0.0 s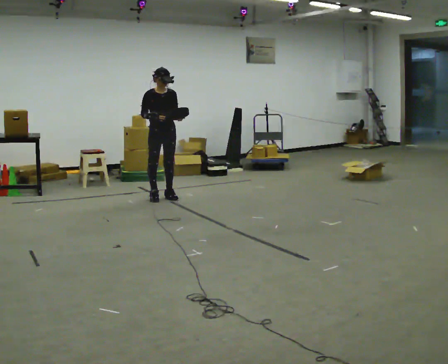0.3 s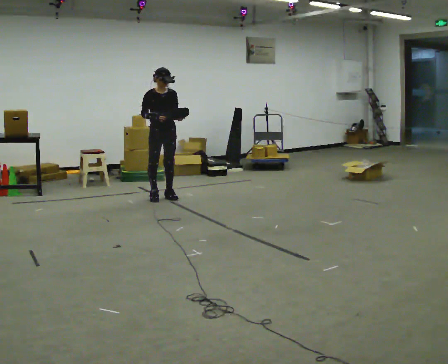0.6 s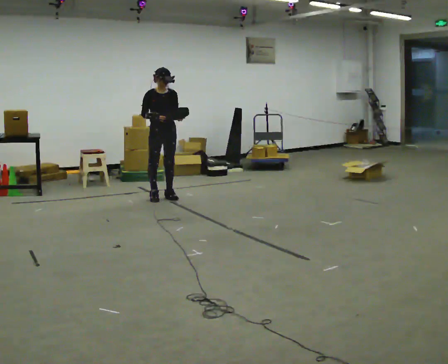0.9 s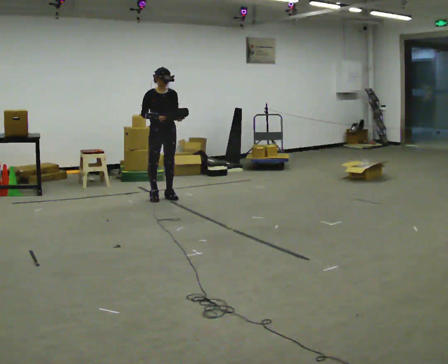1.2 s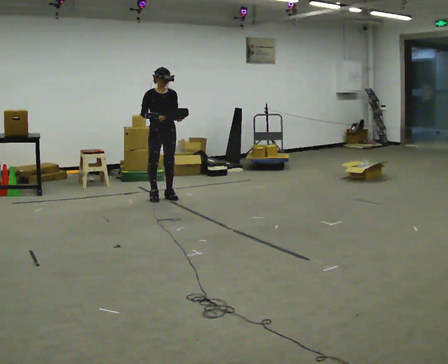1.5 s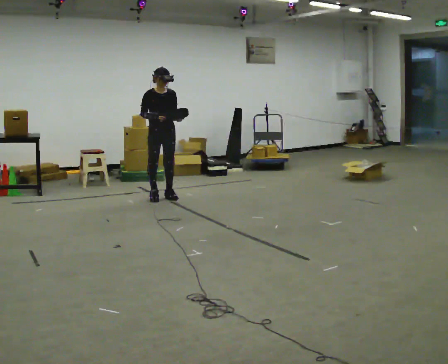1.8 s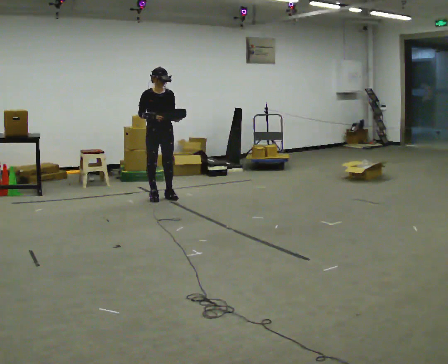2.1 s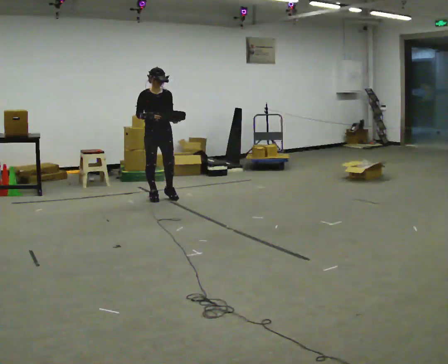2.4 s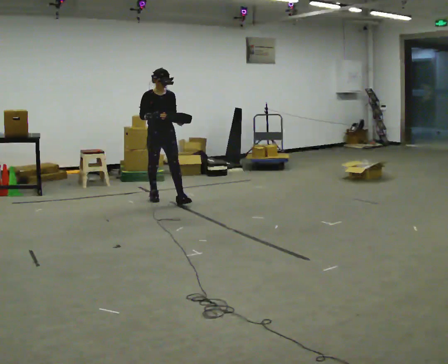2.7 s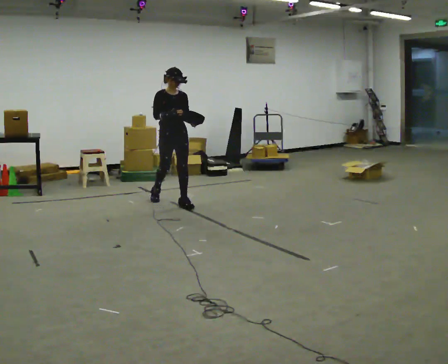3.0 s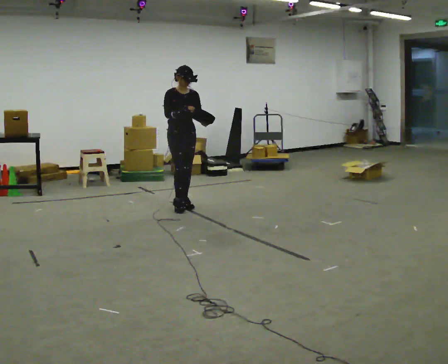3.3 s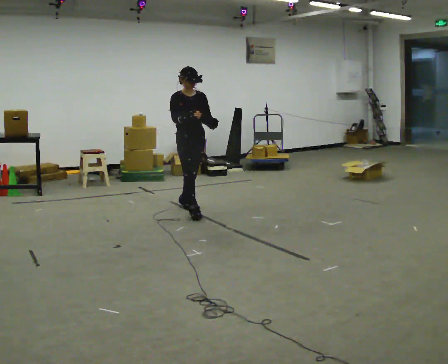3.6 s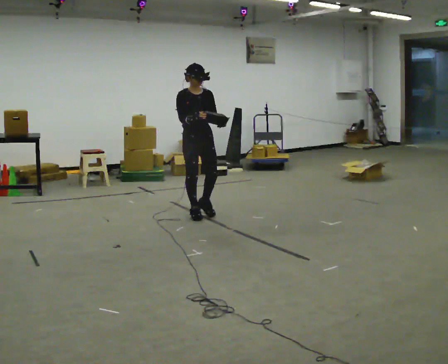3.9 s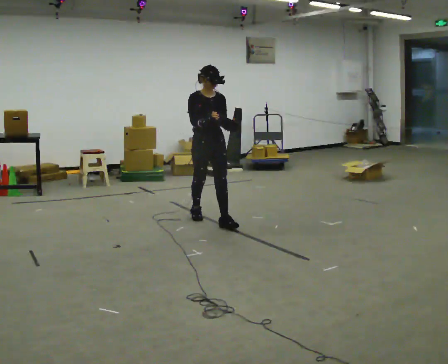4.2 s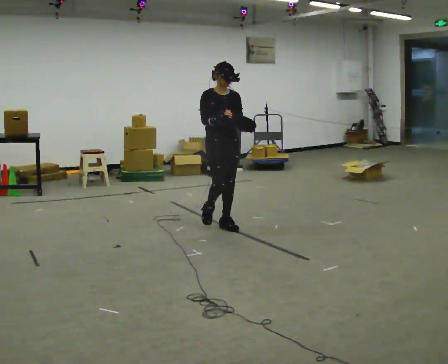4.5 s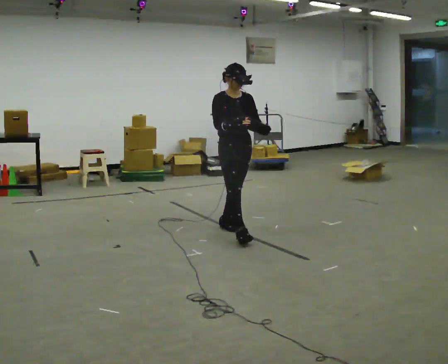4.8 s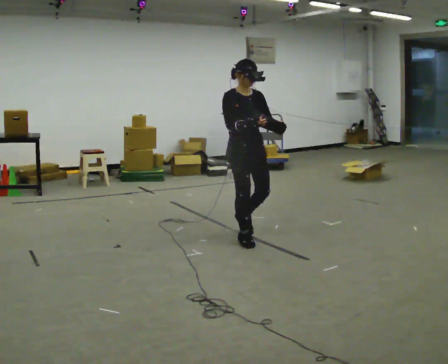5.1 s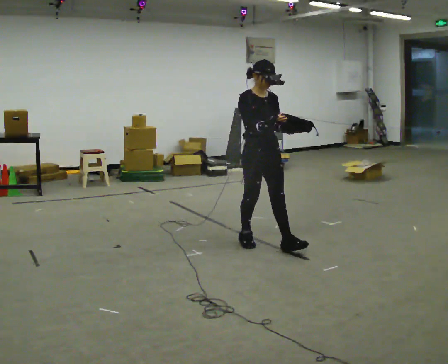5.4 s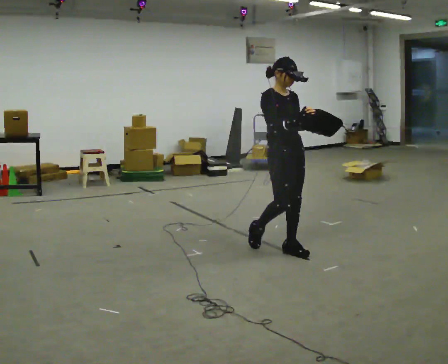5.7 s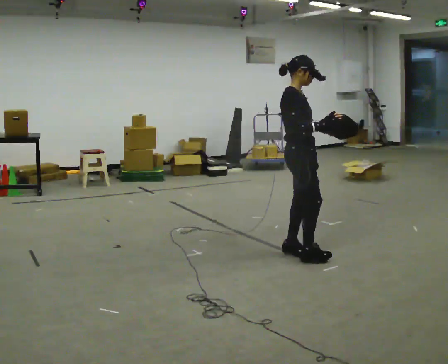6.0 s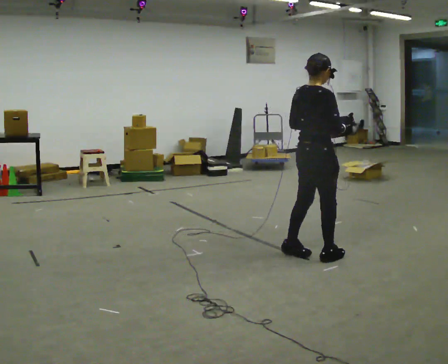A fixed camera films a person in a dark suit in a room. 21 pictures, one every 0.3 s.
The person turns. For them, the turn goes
to their left.
The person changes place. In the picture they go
toward the camera.
0.0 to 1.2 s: The person keeps their place and pose.
1.2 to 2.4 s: The person moves a little, or ends about where they began.
2.4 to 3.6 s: In the picture they go toward the camera and to the right, about 1 m in 2 steps, which for them is forward.
3.6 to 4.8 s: In the picture they go toward the camera and to the right, about 1 m in 2 steps, which for them is forward.
4.8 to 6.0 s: Seen from above the body turns counterclockwise, about 90 degrees: to their left, with its near side sliding to the right. In the picture they go toward the camera and to the right, about 0.5 m in 2 steps.
The film runs forward here.
